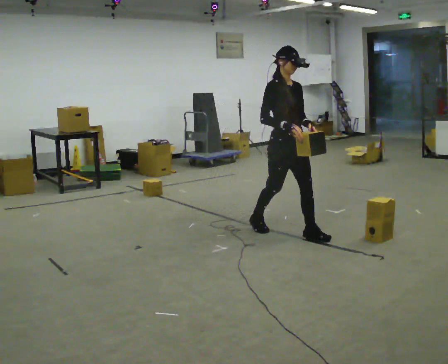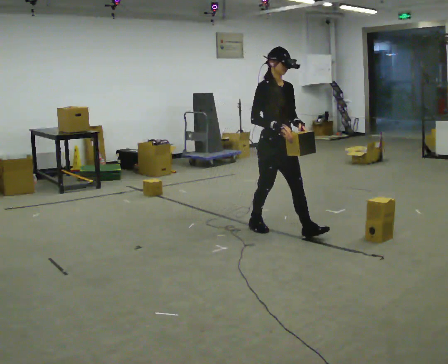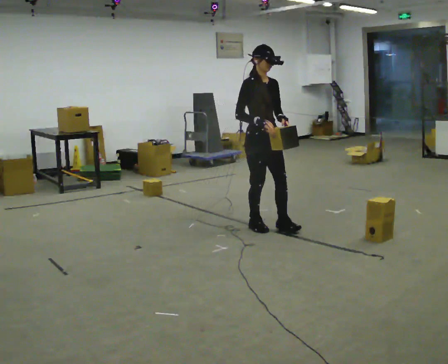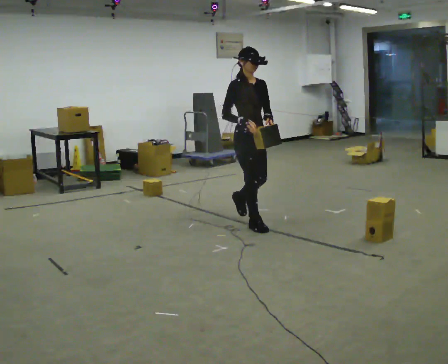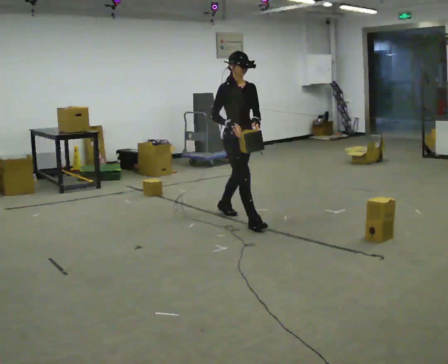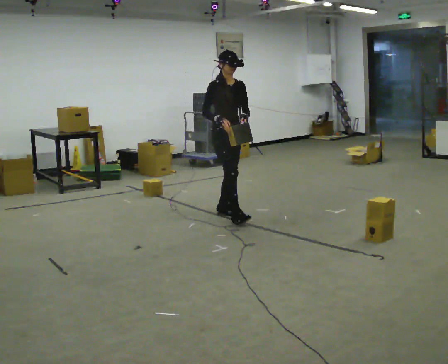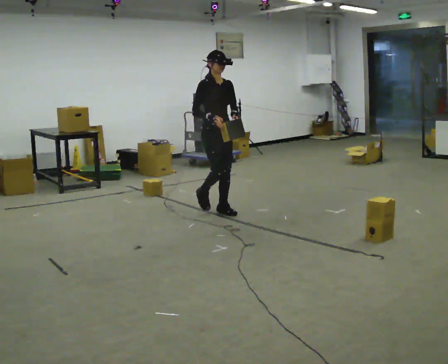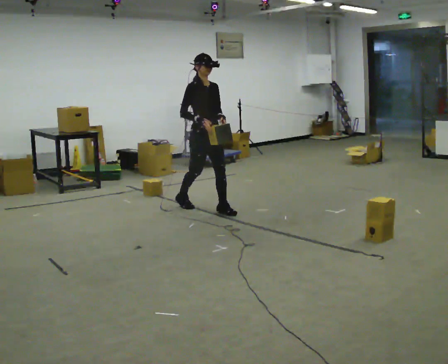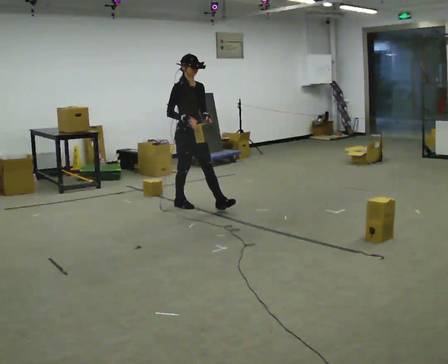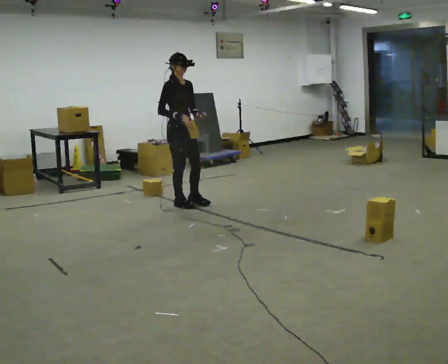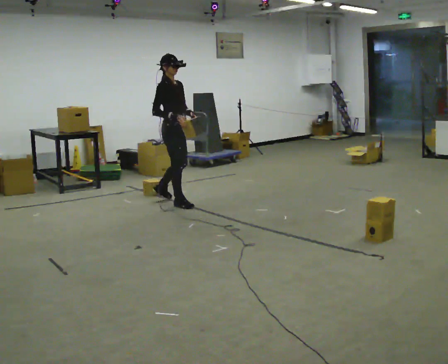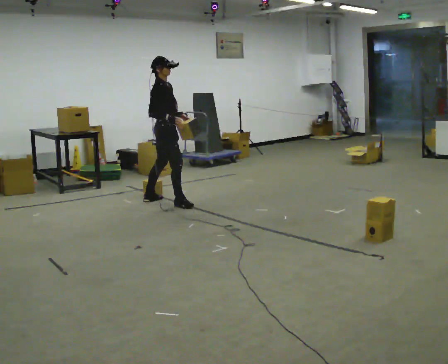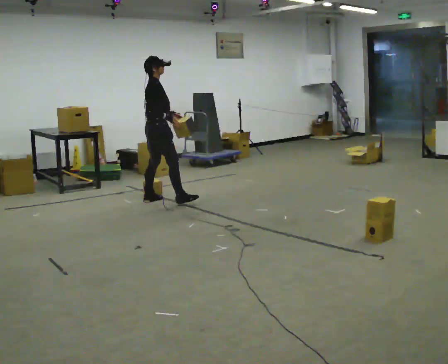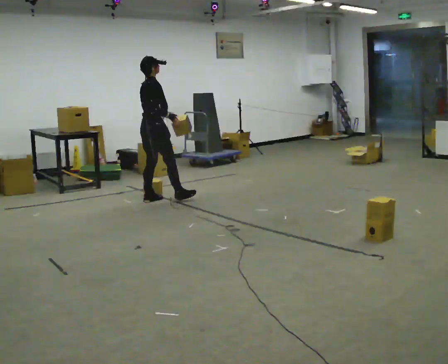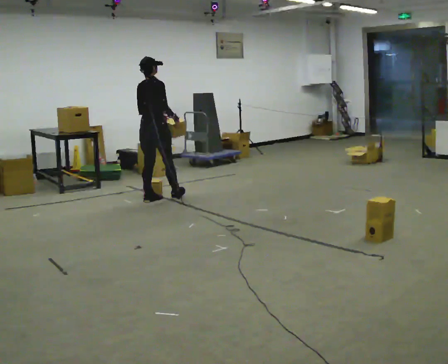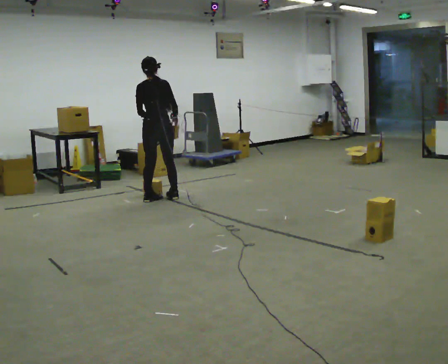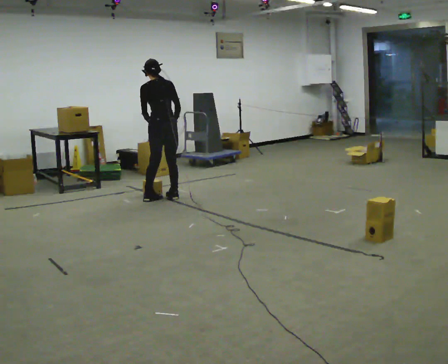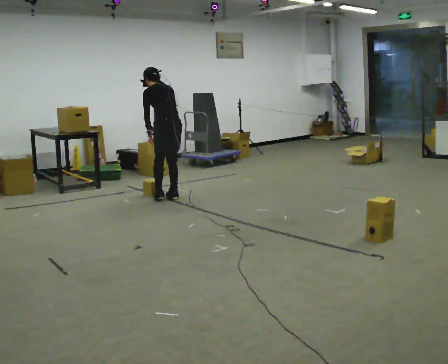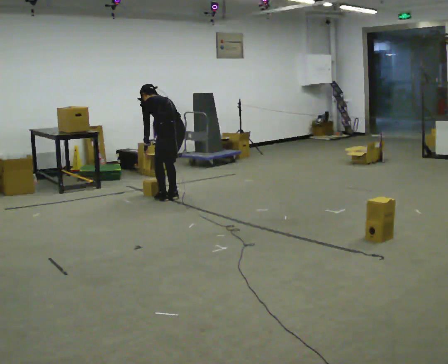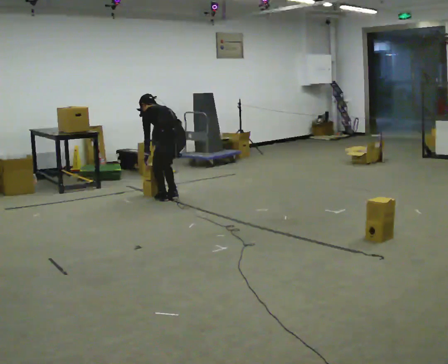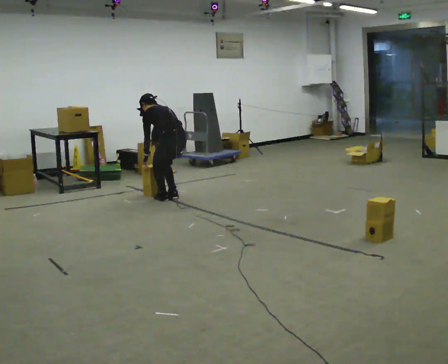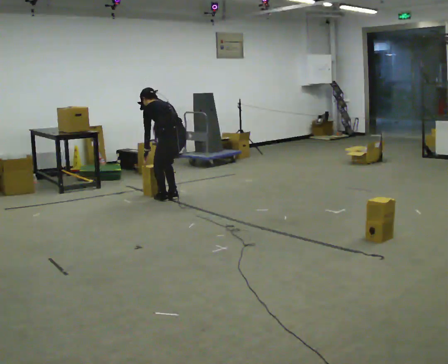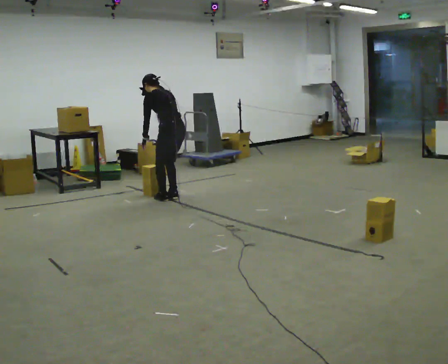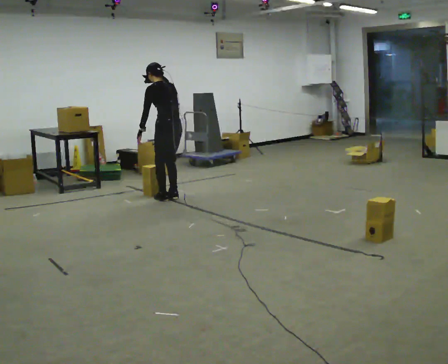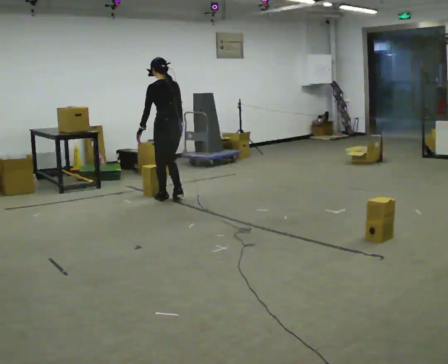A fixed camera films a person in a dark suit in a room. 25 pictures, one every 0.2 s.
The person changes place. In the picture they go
away from the camera.
The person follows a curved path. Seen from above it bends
clockwise.
0.0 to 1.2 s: In the picture they go away from the camera and to the left, about 1 m in 2 steps, which for them is backward.
1.2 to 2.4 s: The part of the body nearest the lens slides to the right as the person turns to their left by about 75 degrees. In the picture they go away from the camera and to the left, about 1 m in 2 steps.
2.4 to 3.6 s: Seen from above the body turns counterclockwise, about 120 degrees: to their left, with its near side sliding to the right. In the picture they go to the right, about 0.25 m in 1 step. The upper body goes downward. The upper body tips away from the camera, its near side rolling upward, as they bend forward. In the picture their left hand goes downward, the arm swinging clockwise.
3.6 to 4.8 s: The upper body tips toward the camera, its near side rolling downward, as they lean back or straighten.
The film runs backward here.
